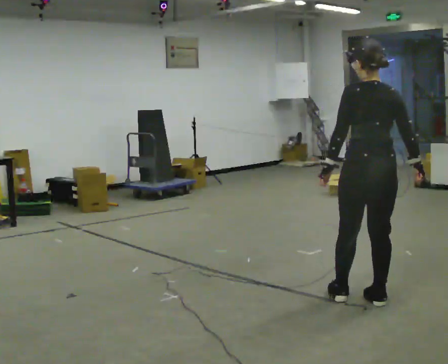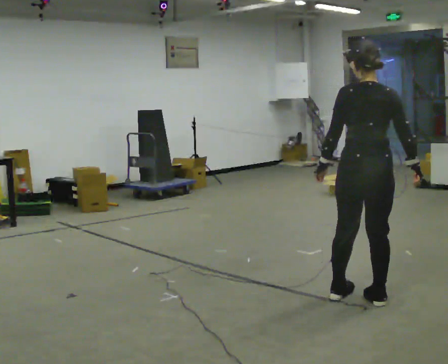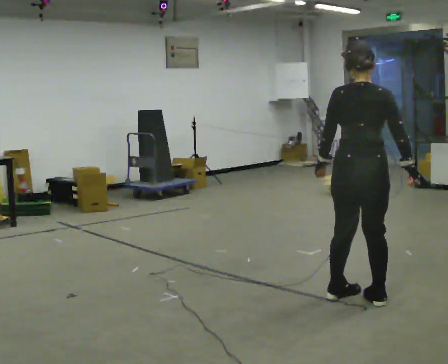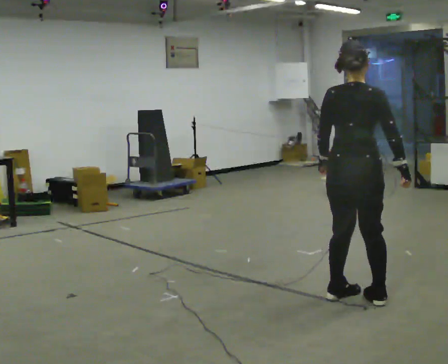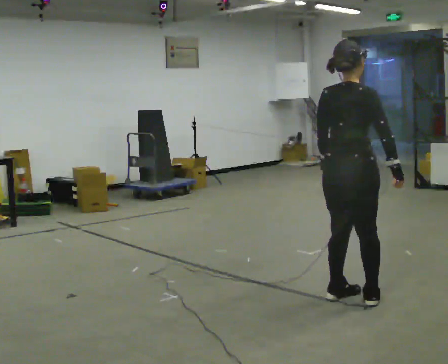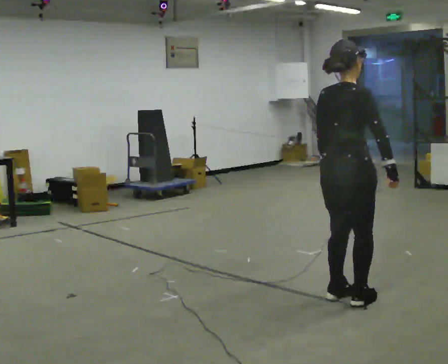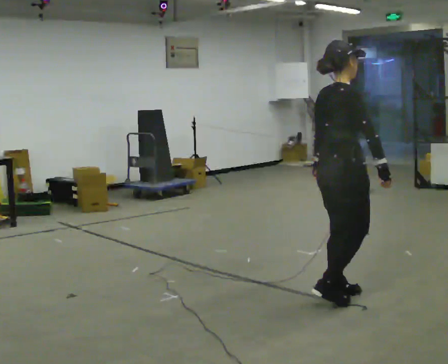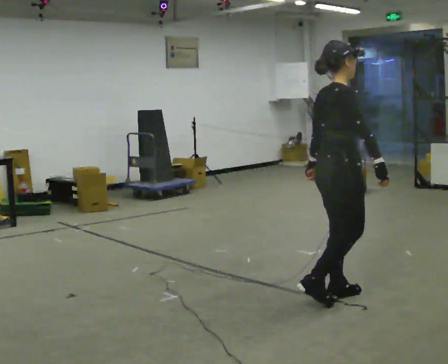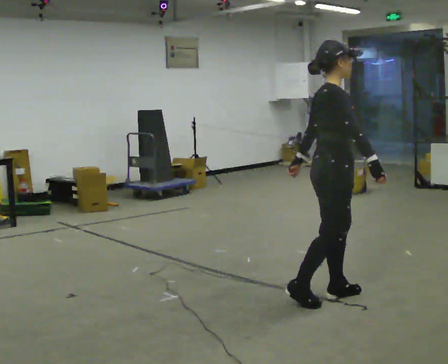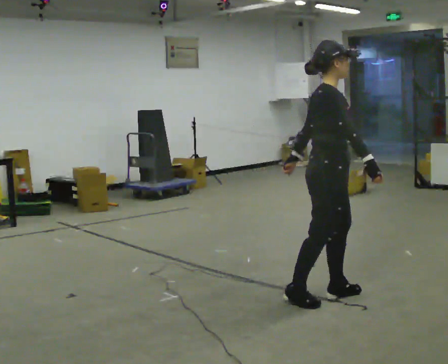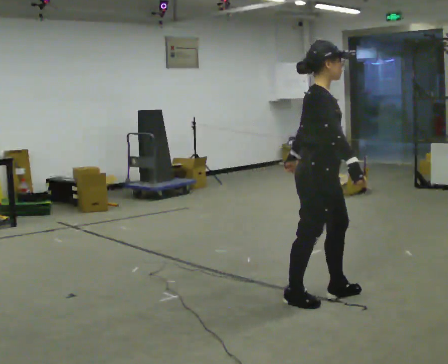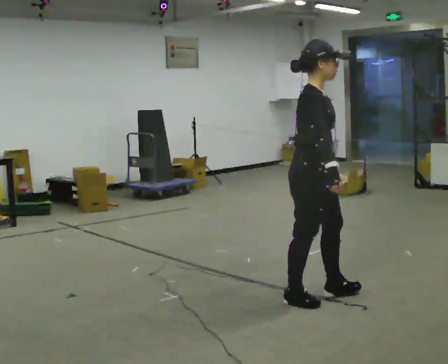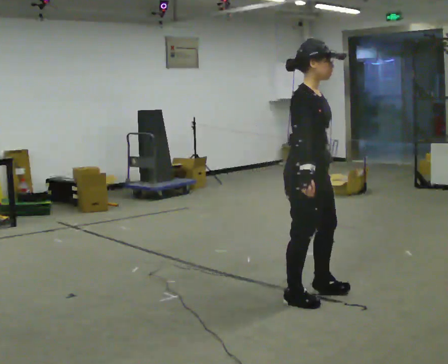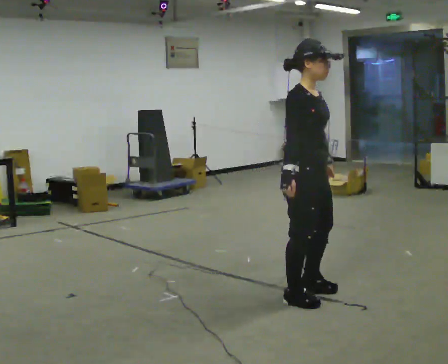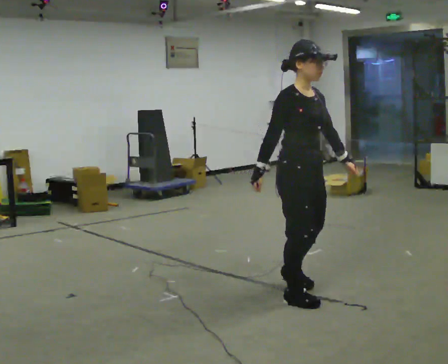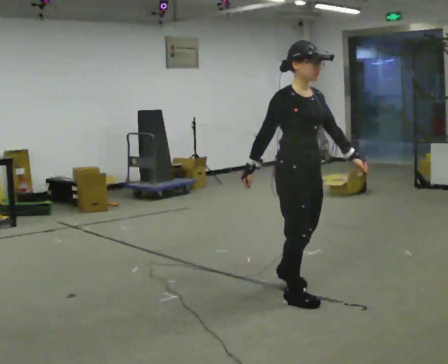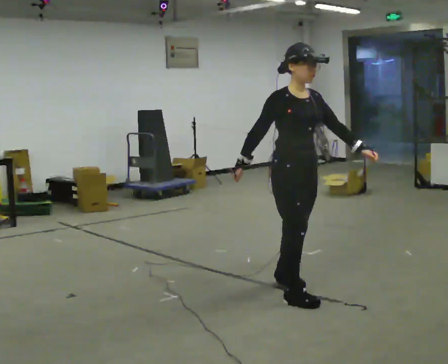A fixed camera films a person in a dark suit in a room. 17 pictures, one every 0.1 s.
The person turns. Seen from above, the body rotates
clockwise.
Their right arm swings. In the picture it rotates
clockwise.
0.0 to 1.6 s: The person turns about 135 degrees to their right, clockwise seen from above, so the part of the body nearest the lens slides to the left. In the picture they go to the left and away from the camera, about 0.5 m in 2 steps.
The film runs backward here.
